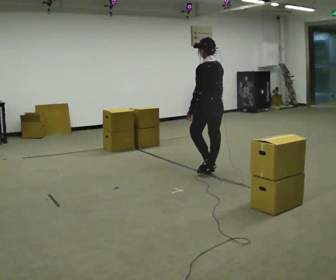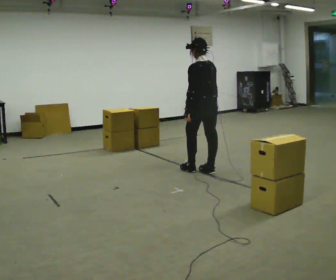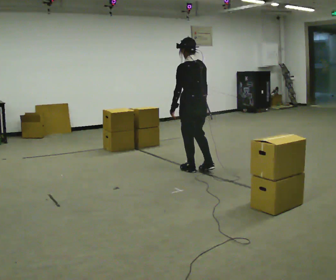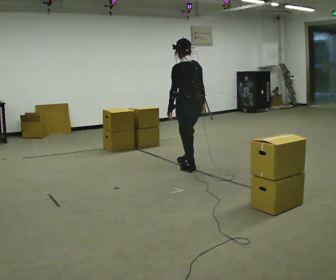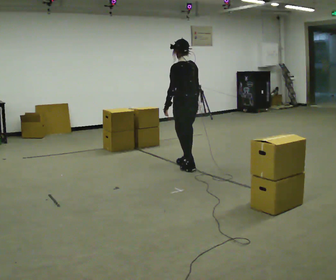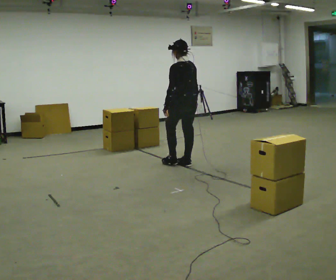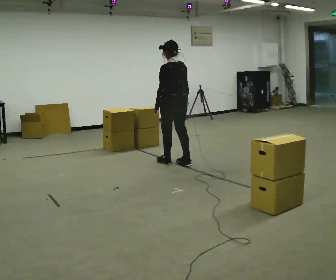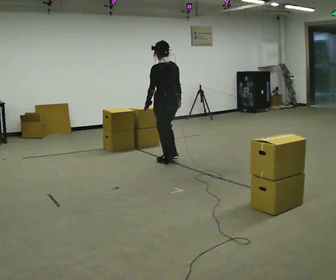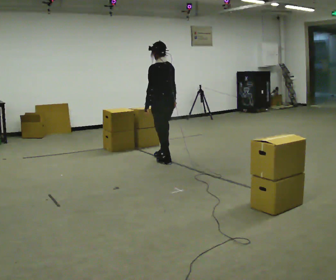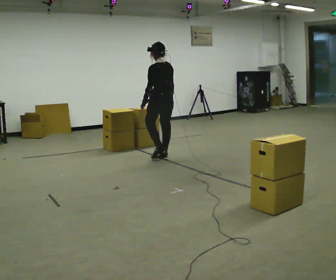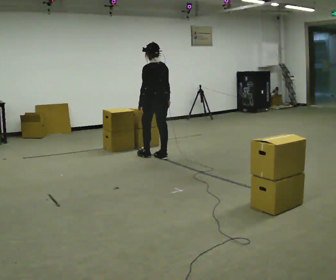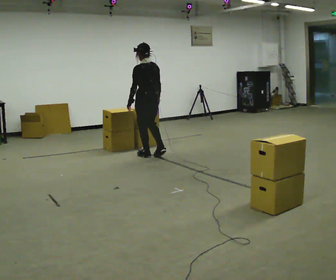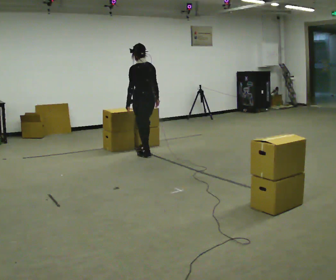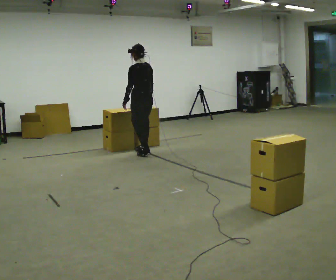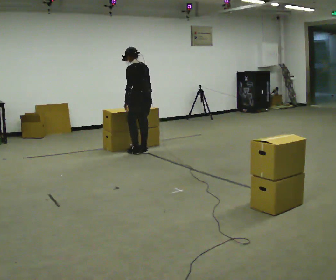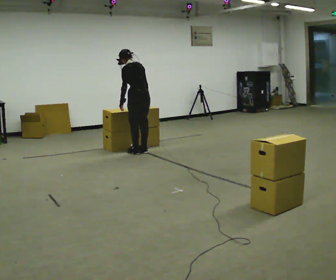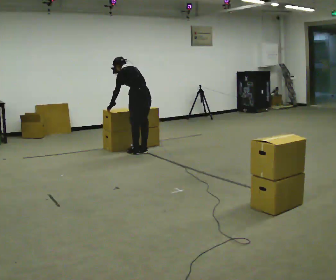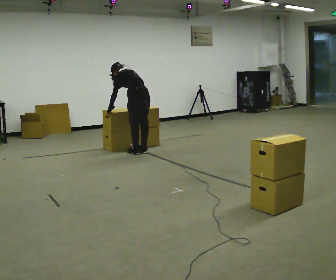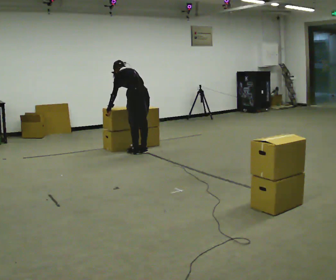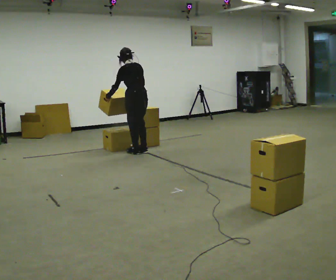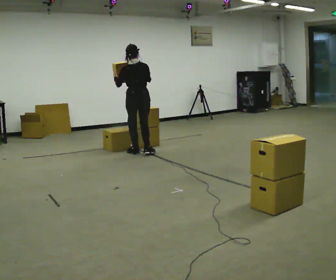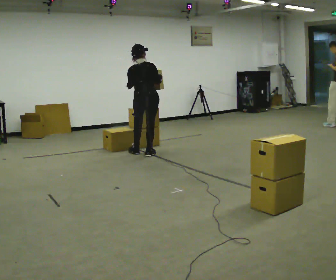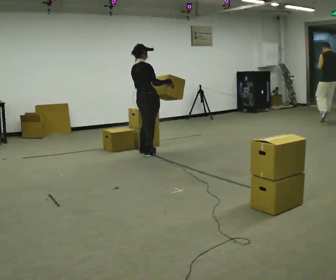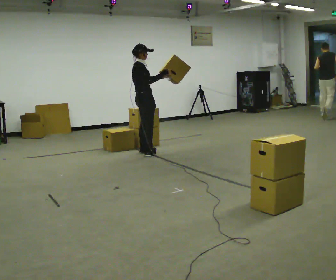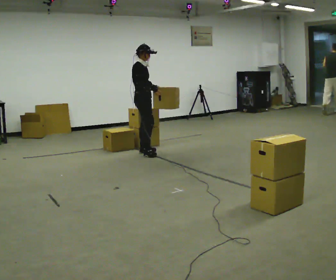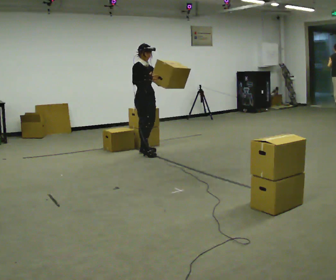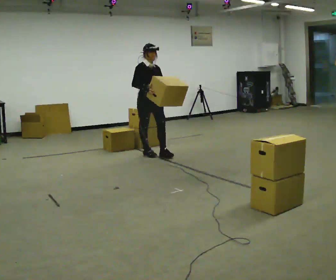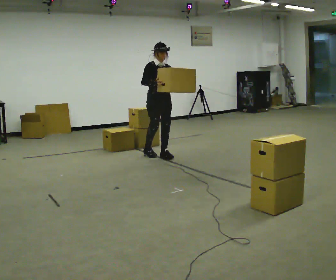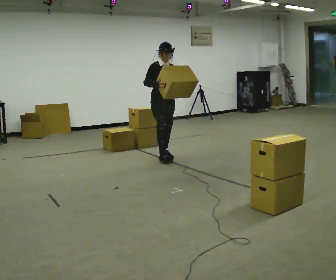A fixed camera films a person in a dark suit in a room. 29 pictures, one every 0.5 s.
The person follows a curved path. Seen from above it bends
clockwise.
0.0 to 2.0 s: In the picture they go away from the camera and to the left, about 0.5 m in 2 steps, which for them is forward.
2.0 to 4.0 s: In the picture they go away from the camera and to the left, about 0.5 m in 2 steps, which for them is forward.
4.0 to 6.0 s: In the picture they go away from the camera and to the left, about 0.5 m in 2 steps, which for them is forward.
6.0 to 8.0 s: The upper body tips away from the camera, its near side rolling upward, as they bend forward. In the picture their right hand goes to the left.
8.0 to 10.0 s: The person turns about 30 degrees to their right, clockwise seen from above, so the part of the body nearest the lens slides to the left. In the picture their left hand goes upward.
10.0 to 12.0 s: The person turns about 120 degrees to their right, clockwise seen from above, so the part of the body nearest the lens slides to the left.
12.0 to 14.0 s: Seen from above the body turns clockwise, about 45 degrees: to their right, with its near side sliding to the left. In the picture they go toward the camera and to the right, about 0.5 m in 1 step, which for them is forward.
The film runs forward here.
